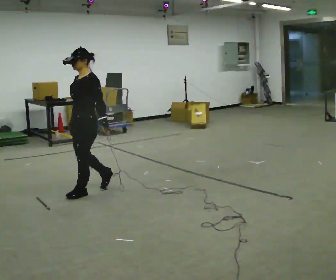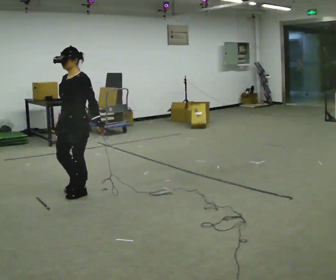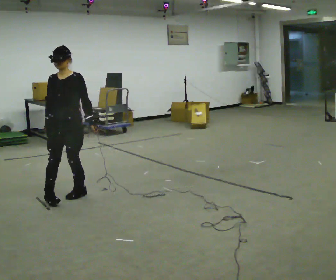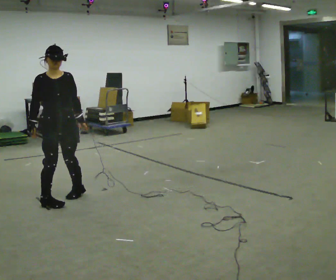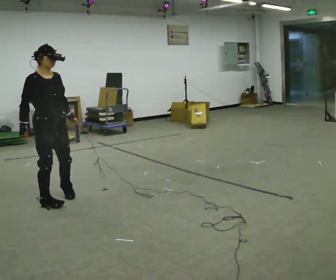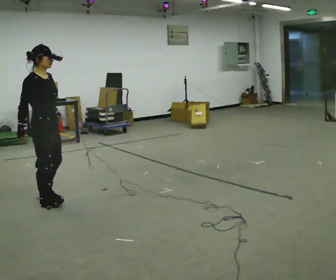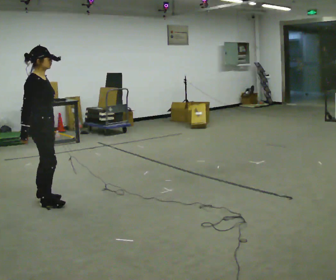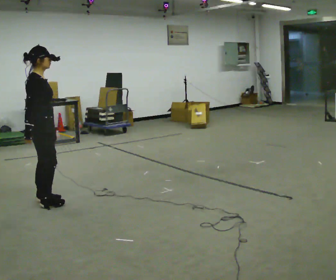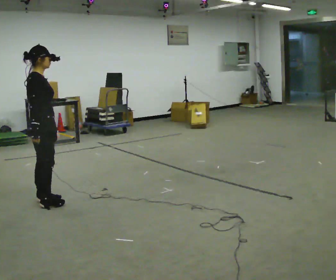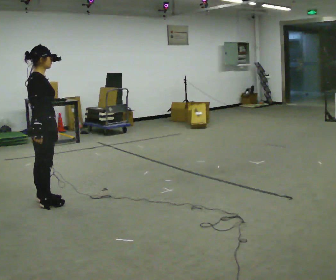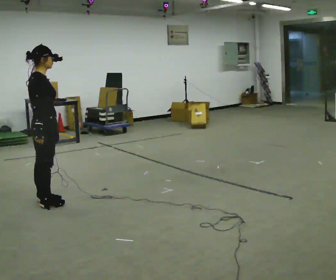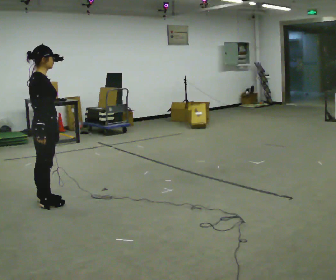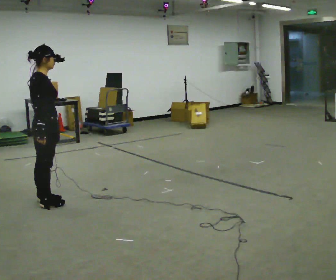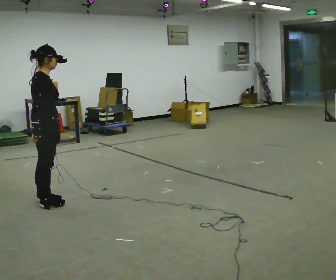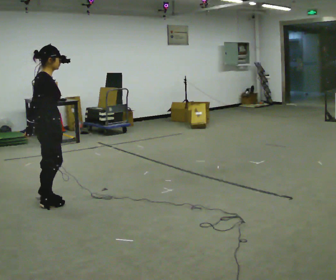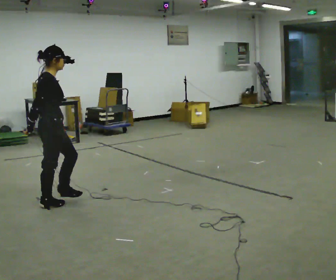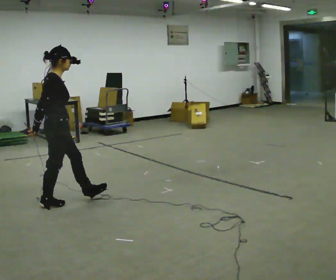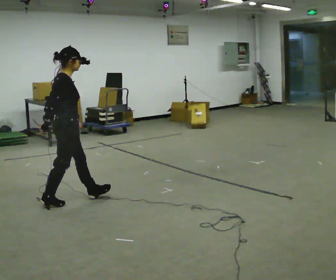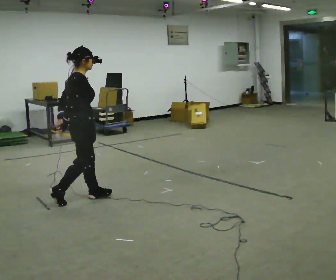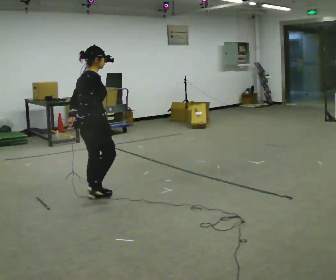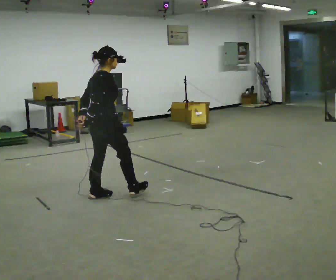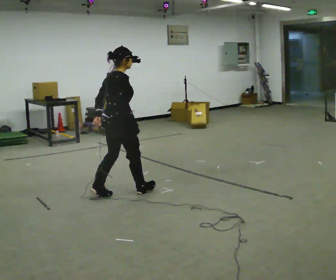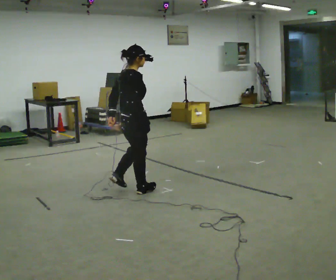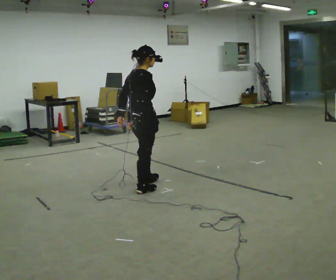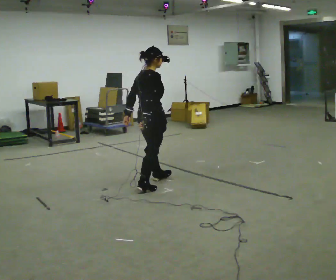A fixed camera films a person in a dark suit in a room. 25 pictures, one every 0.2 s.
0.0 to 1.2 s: Seen from above the body turns counterclockwise, about 150 degrees: to their left, with its near side sliding to the right. In the picture they go to the left, about 0.5 m in 2 steps.
1.2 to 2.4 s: The person moves a little, or ends about where they began.
2.4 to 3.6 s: In the picture they go to the right, about 0.25 m in 1 step, which for them is forward.
3.6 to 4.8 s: In the picture they go to the right, about 1 m in 2 steps, which for them is forward.
The film runs forward here.
